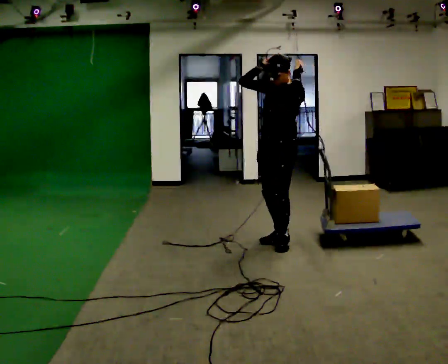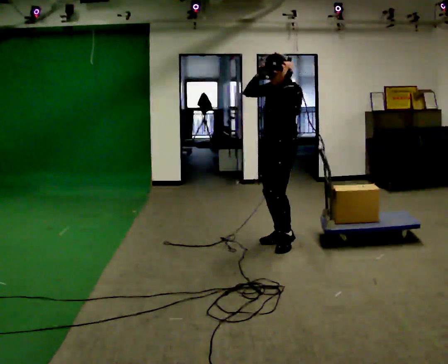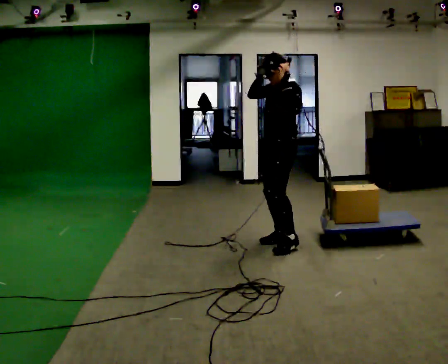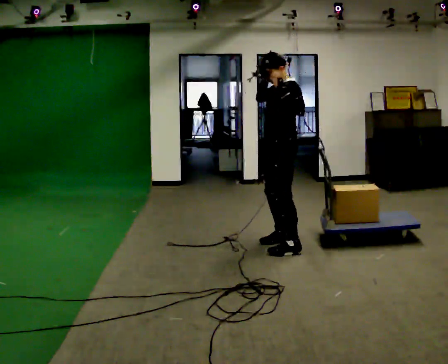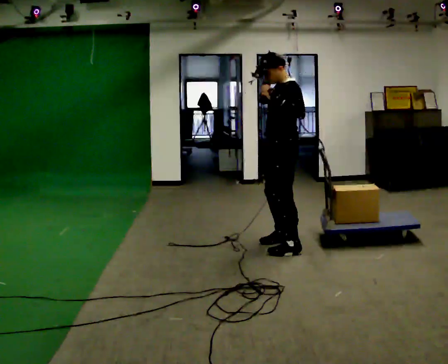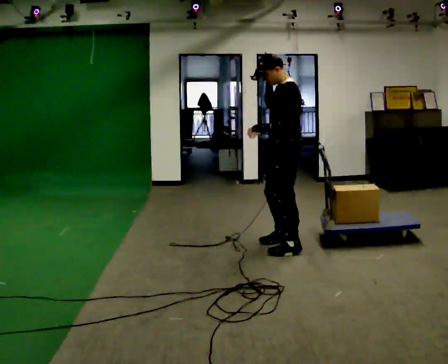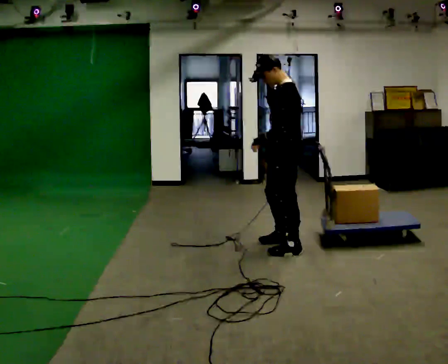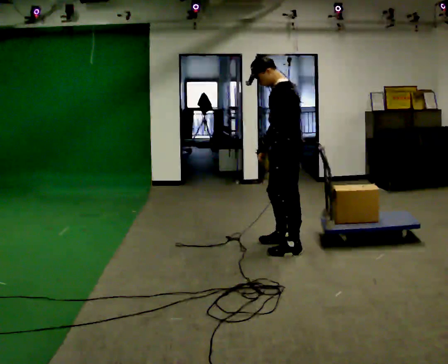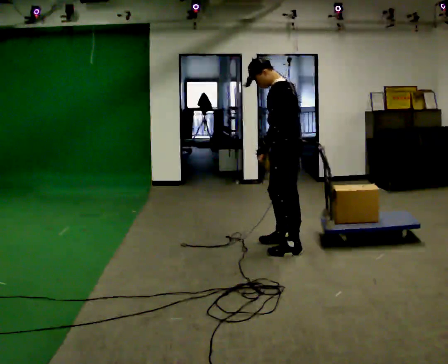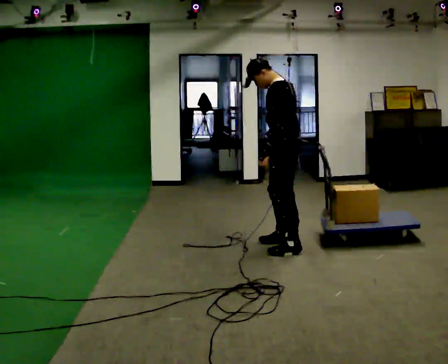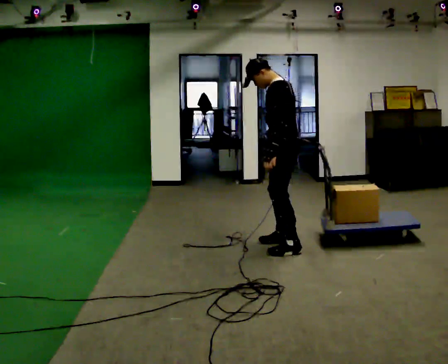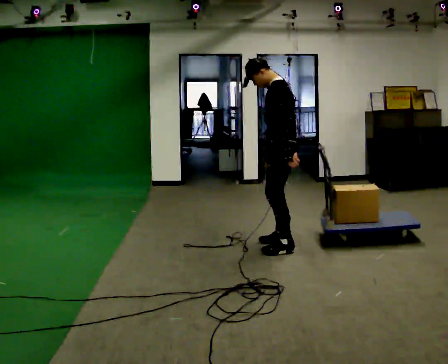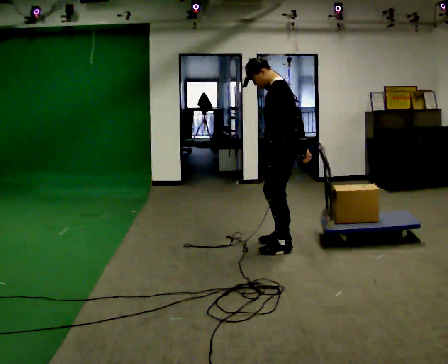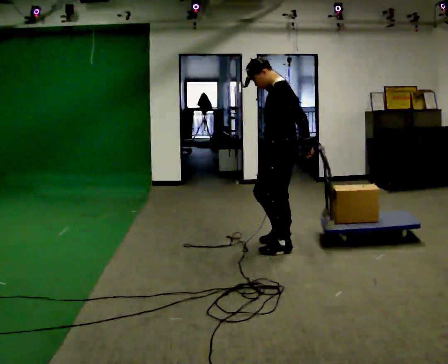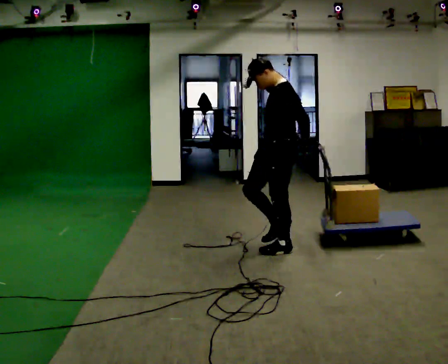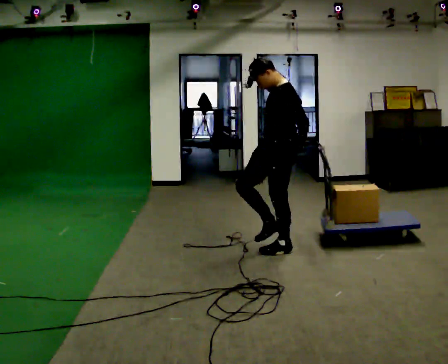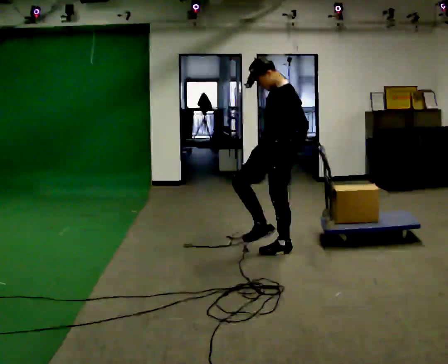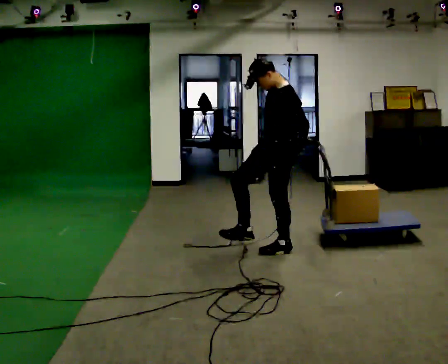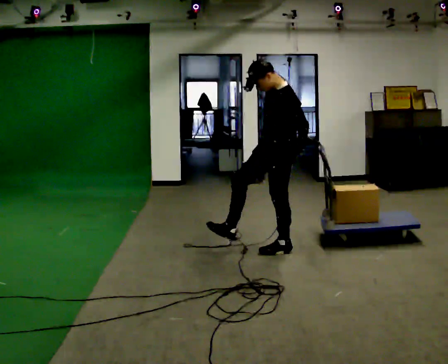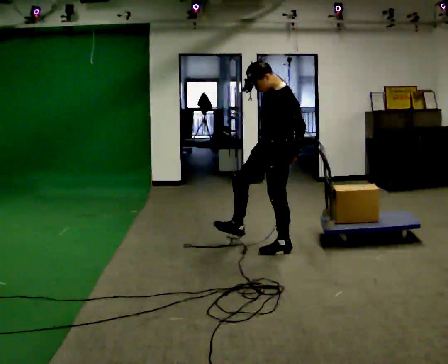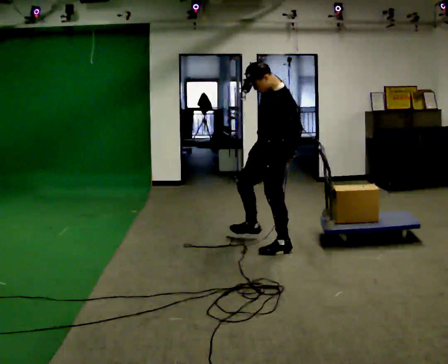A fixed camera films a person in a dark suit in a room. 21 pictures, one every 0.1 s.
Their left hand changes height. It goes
downward.
0.0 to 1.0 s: Seen from above the body turns clockwise, about 45 degrees: to their right, with its near side sliding to the left. In the picture their left hand goes downward.
1.0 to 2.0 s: The person moves a little, or ends about where they began.
The film runs forward here.
